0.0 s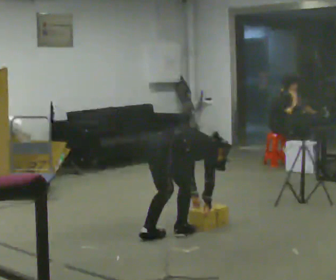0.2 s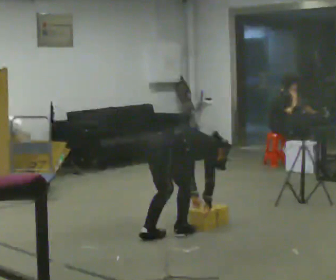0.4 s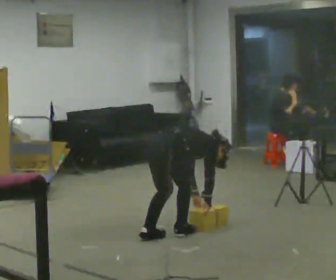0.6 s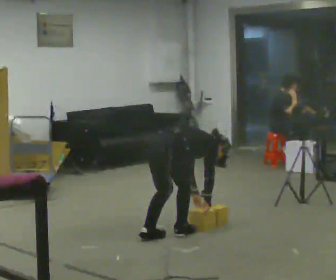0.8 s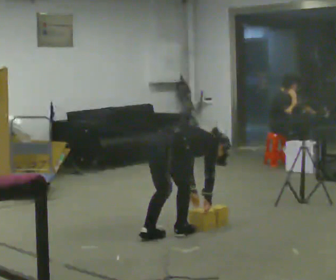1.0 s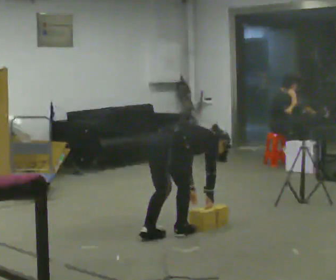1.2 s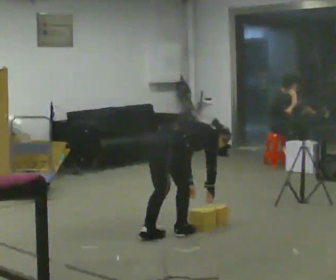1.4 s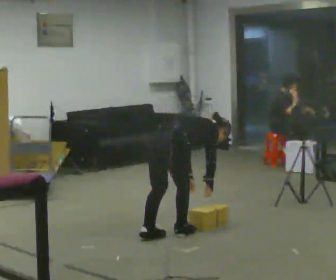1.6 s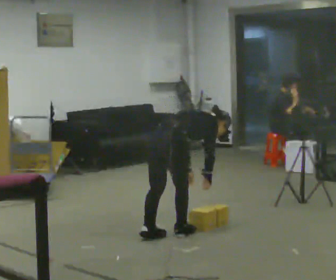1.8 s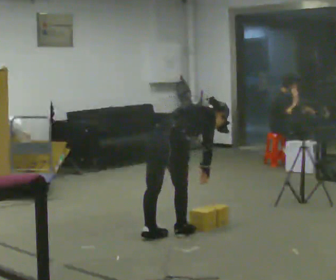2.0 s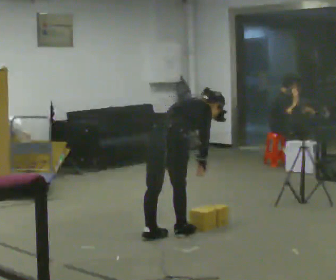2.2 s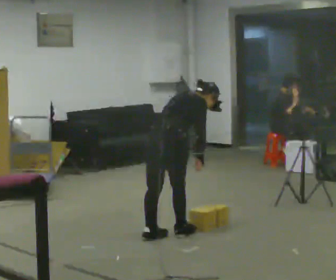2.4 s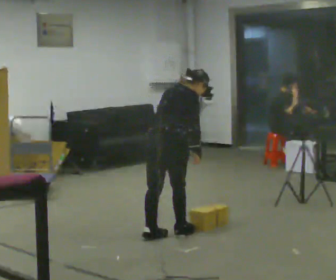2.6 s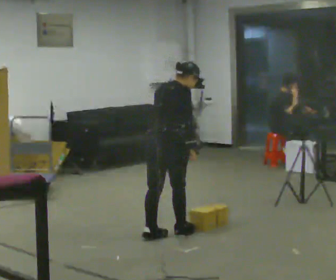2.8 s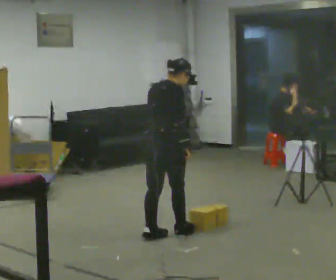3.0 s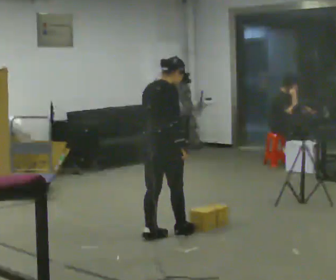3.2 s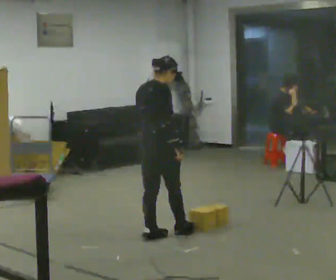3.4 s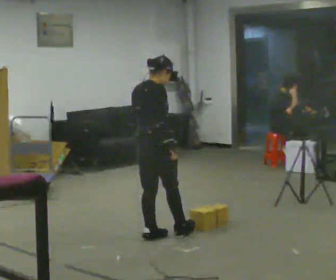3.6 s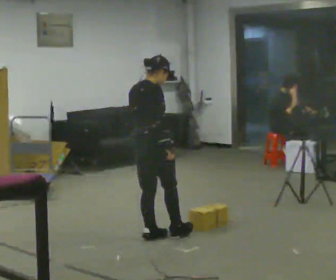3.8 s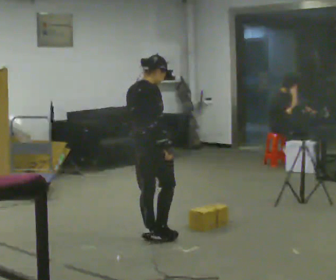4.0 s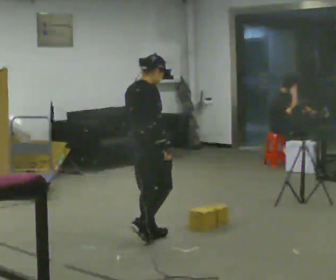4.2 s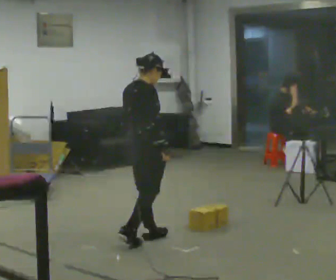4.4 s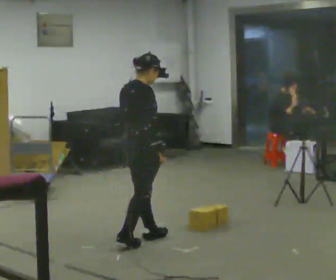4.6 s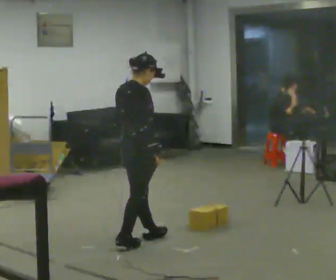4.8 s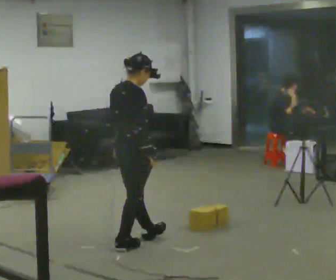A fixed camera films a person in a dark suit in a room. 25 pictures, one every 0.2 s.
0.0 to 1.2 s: In the picture the upper body tilts counterclockwise, shoulders to the left.
1.2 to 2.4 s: The shoulders move upward. The upper body tips toward the camera, its near side rolling downward, as they lean back or straighten. In the picture their right hand goes upward.
2.4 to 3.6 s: In the picture the upper body tilts counterclockwise, shoulders to the left, as they lean back or straighten.
3.6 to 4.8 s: In the picture they go toward the camera, about 0.25 m, which for them is backward.
The film runs backward here.
